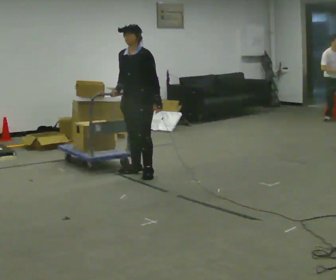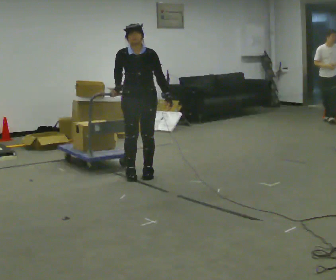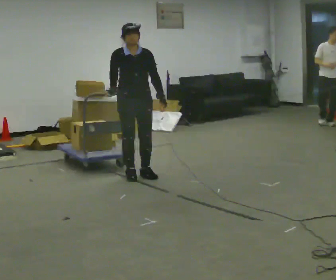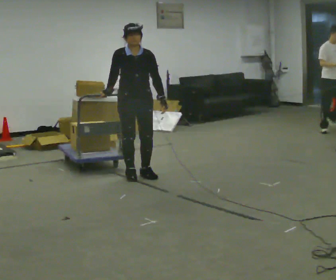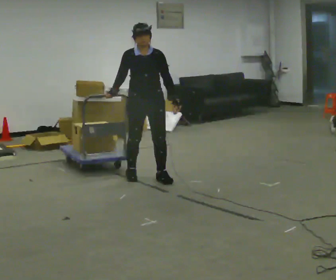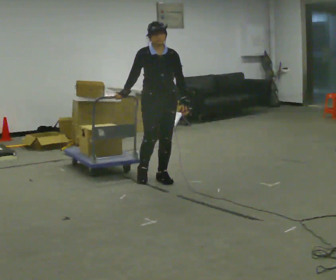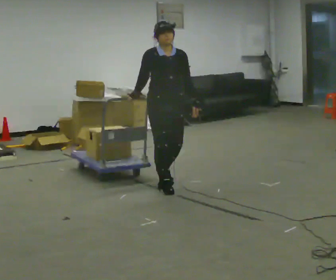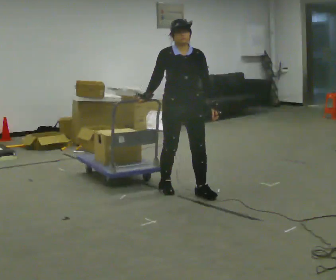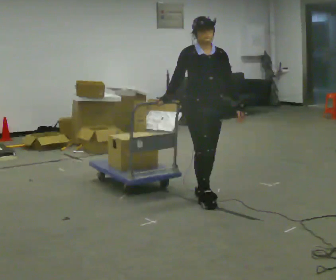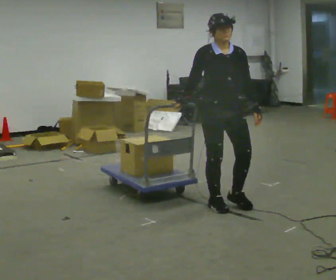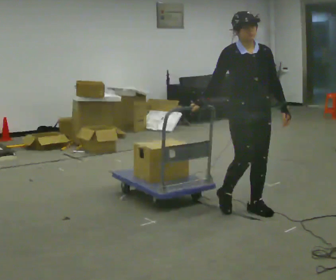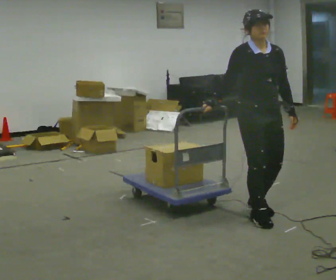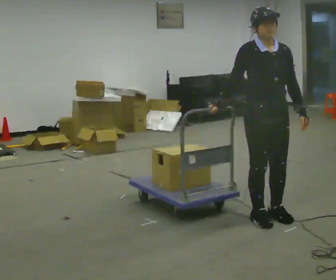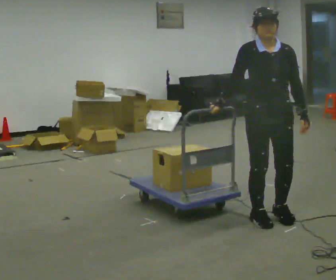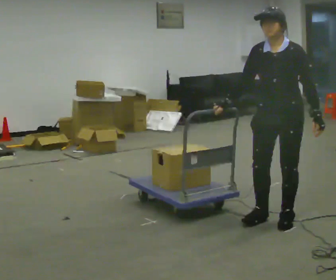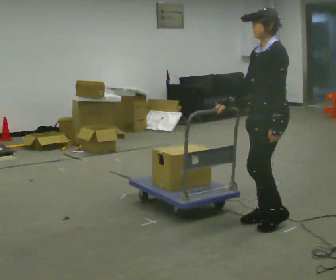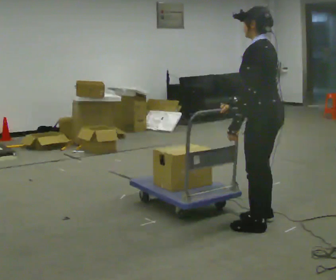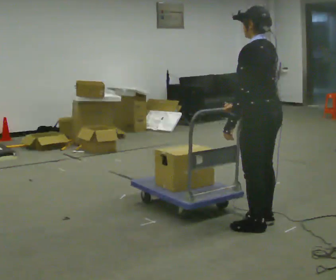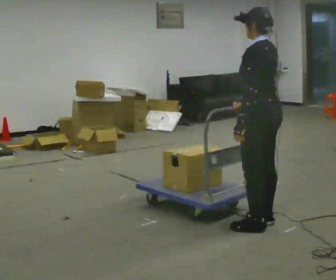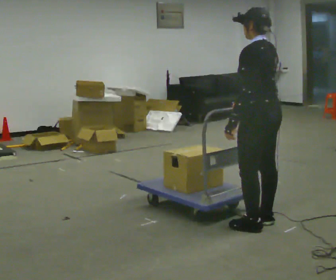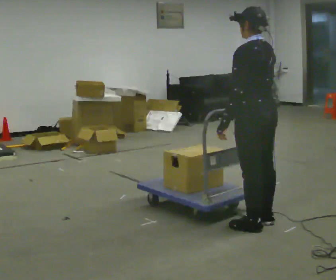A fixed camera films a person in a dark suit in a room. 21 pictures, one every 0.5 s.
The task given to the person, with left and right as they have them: Push the cart across the room using only the hand the operator calls. Keep your other arm at your side.
0.0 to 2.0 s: Seen from above the body turns counterclockwise, about 45 degrees: to their left, with its near side sliding to the right. In the picture they go toward the camera, about 0.25 m in 2 steps, which for them is forward.
2.0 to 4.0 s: In the picture they go to the right and toward the camera, about 1 m in 2 steps, which for them is forward.
4.0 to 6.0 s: In the picture they go to the right and toward the camera, about 1 m in 4 steps, which for them is forward.
6.0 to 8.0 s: The part of the body nearest the lens slides to the left as the person turns to their right by about 135 degrees. In the picture they go toward the camera, about 0.25 m in 1 step. In the picture their left hand goes to the left, the arm swinging clockwise.
8.0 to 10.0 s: The person moves a little, or ends about where they began.
The film runs forward here.
